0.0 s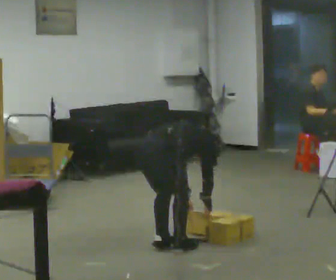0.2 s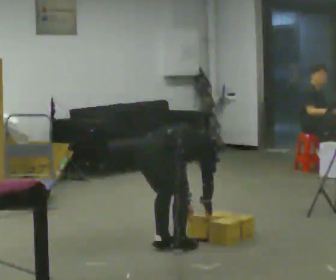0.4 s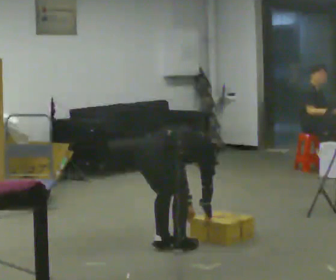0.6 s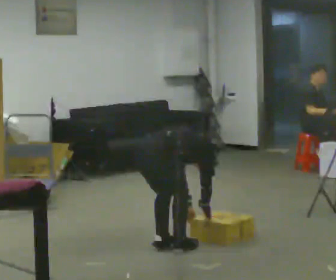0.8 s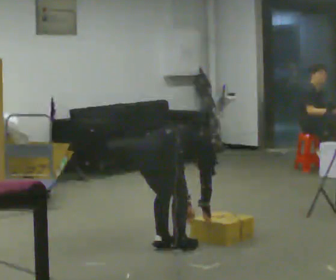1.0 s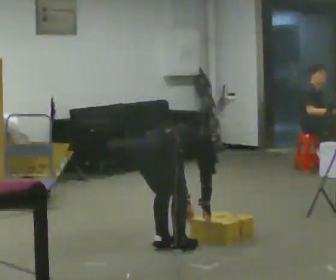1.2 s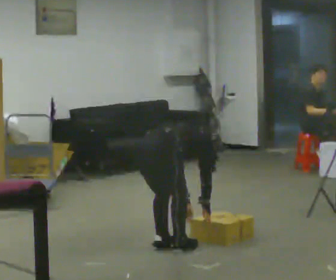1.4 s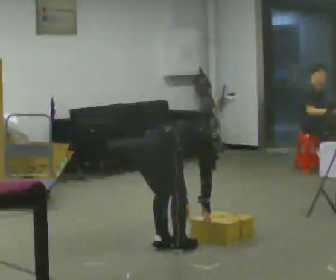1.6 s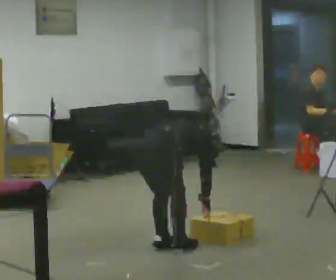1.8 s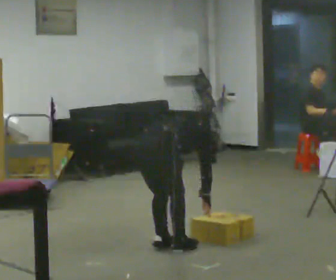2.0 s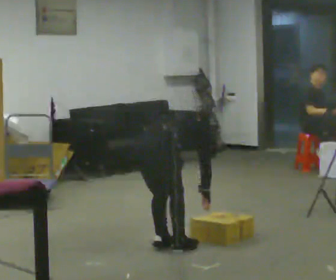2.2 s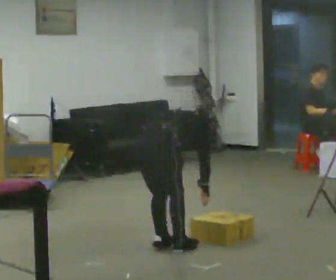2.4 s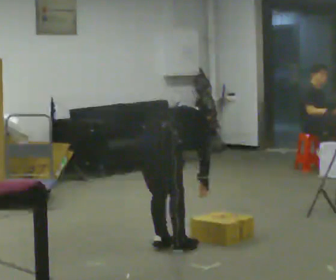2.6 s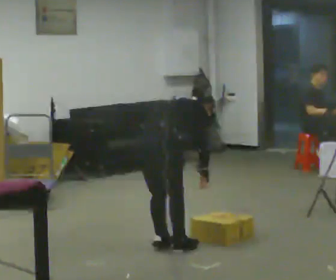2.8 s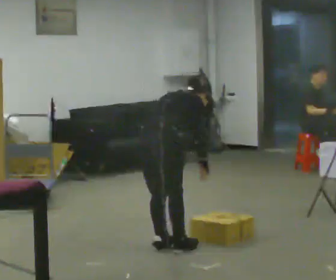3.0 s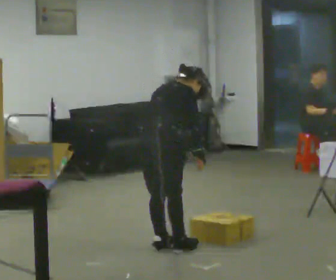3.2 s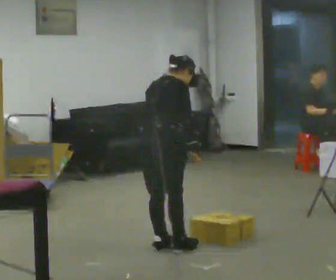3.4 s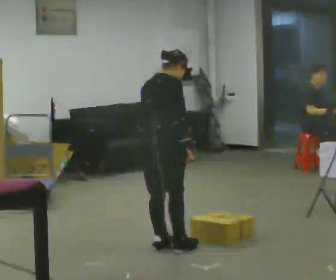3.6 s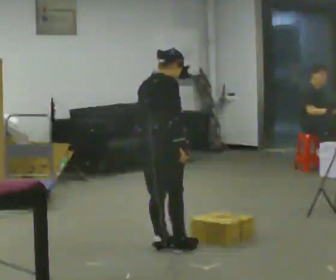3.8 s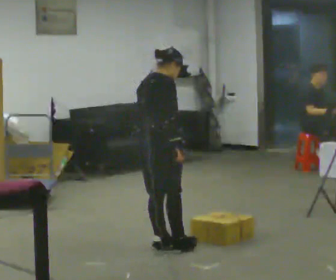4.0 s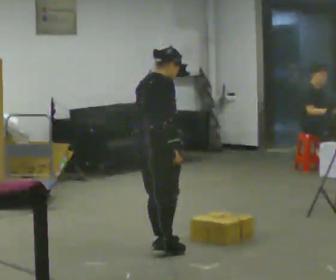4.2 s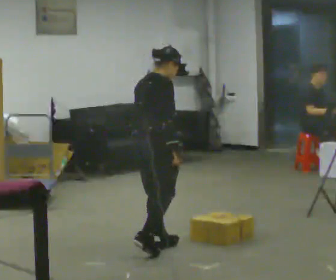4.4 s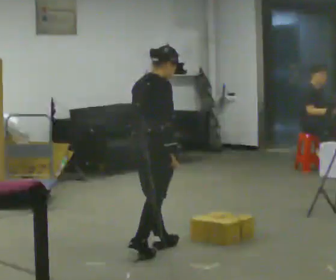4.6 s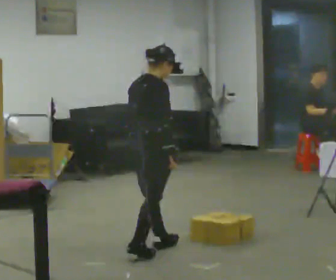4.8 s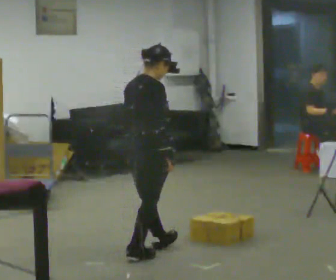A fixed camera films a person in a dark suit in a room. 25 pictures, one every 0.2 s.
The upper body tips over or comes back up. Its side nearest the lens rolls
downward.
0.0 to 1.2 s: The person moves a little, or ends about where they began.
1.2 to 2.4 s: The upper body goes upward. The upper body tips toward the camera, its near side rolling downward, as they lean back or straighten.
2.4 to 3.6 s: The shoulders move upward. In the picture the upper body tilts counterclockwise, shoulders to the left, as they lean back or straighten.
3.6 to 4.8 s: In the picture they go toward the camera, about 0.25 m in 1 step, which for them is backward.
The film runs backward here.
